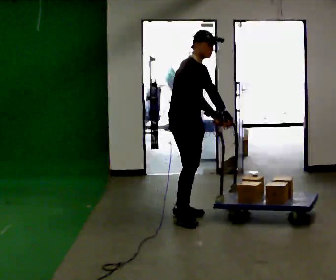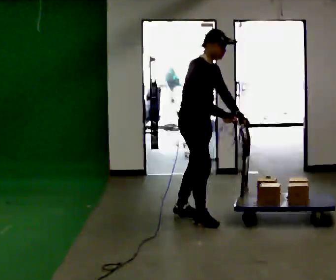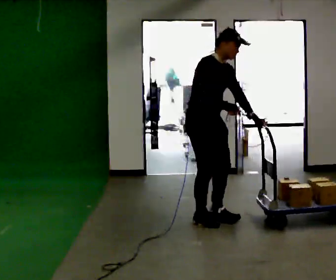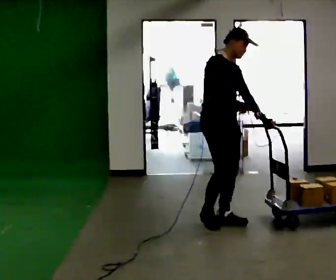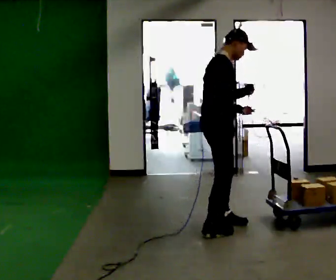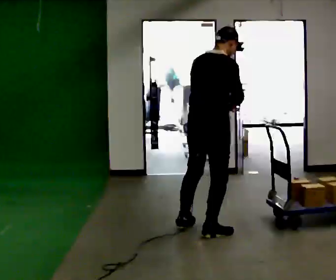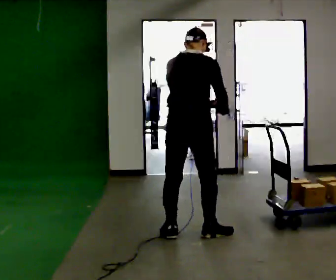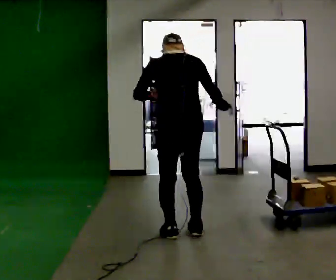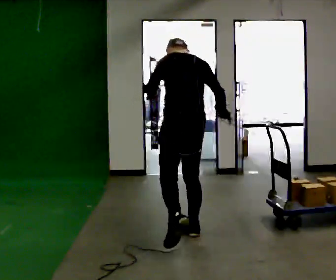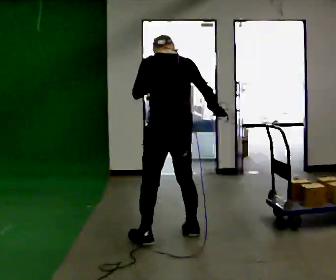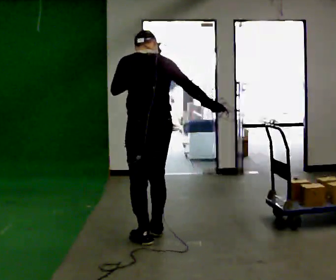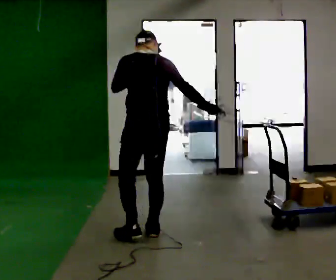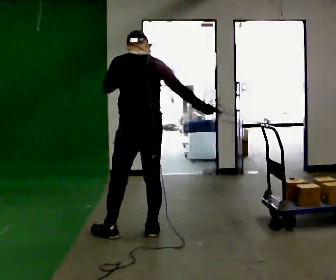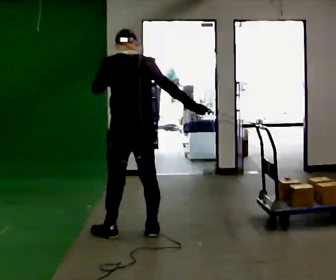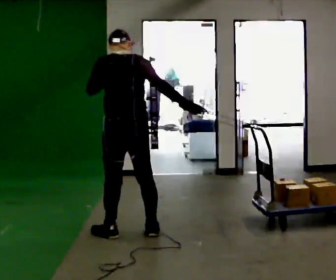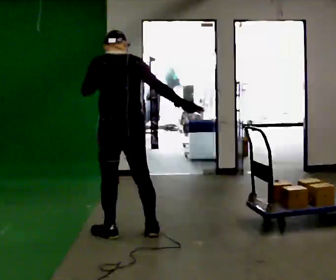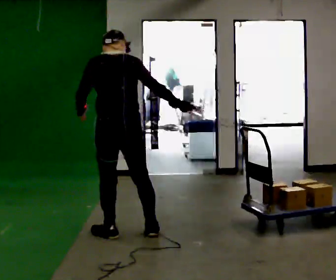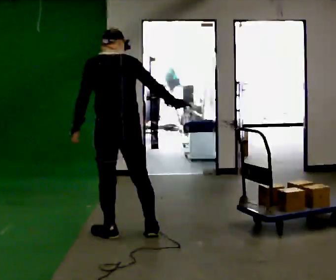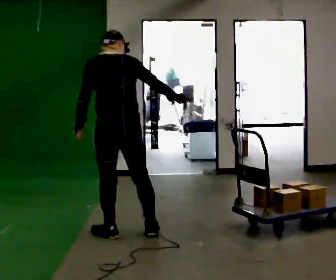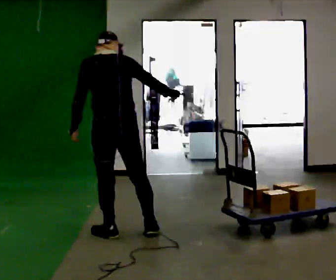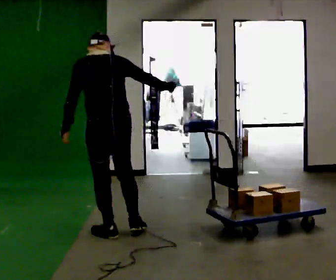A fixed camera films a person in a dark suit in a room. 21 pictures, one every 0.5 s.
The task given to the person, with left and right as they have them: Hold the rope in both hands and drag the sled towards you as you walk backward. The operator will confirm the space behind you is clear.
0.0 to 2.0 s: The part of the body nearest the lens slides to the right as the person turns to their left by about 30 degrees. In the picture they go toward the camera and to the right, about 0.5 m in 3 steps, which for them is forward and to their right.
2.0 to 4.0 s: Seen from above the body turns counterclockwise, about 105 degrees: to their left, with its near side sliding to the right. In the picture they go to the left and toward the camera, about 0.25 m in 1 step.
4.0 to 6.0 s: In the picture they go to the left, about 0.25 m in 3 steps, which for them is to their left and forward. The upper body tips toward the camera, its near side rolling downward, as they lean back or straighten.
6.0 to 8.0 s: In the picture they go to the left, about 0.25 m, which for them is to their left. In the picture their left hand goes to the left and downward.
8.0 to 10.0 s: The person moves a little, or ends about where they began.
The film runs forward here.
